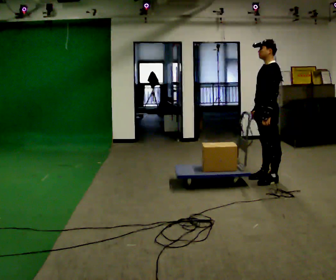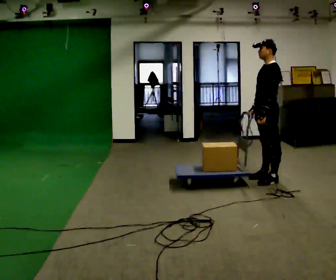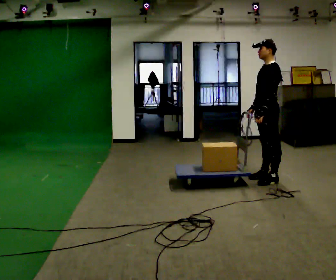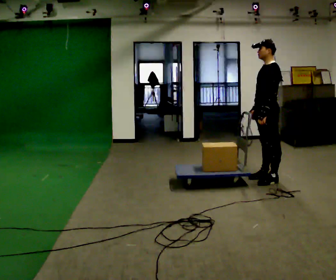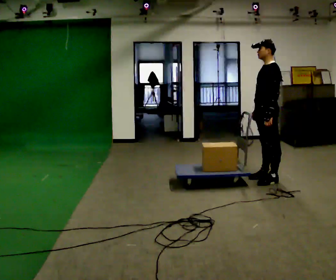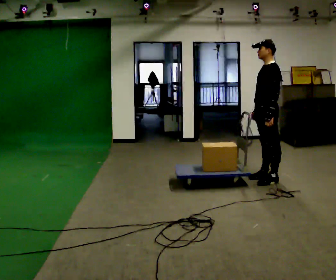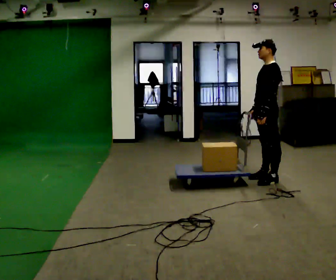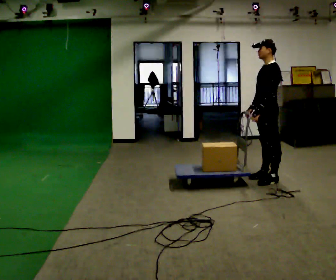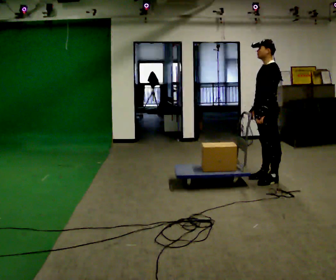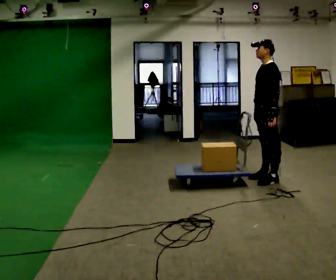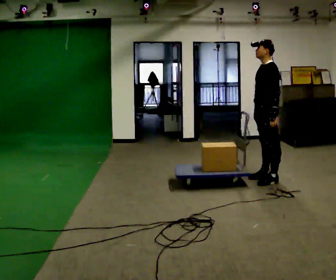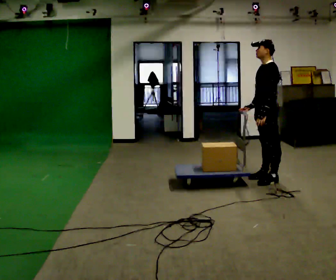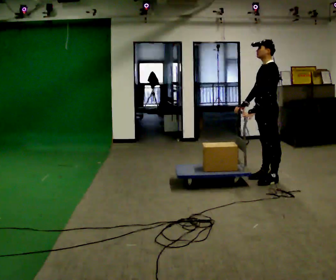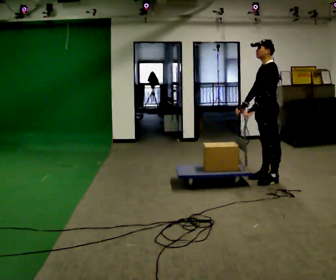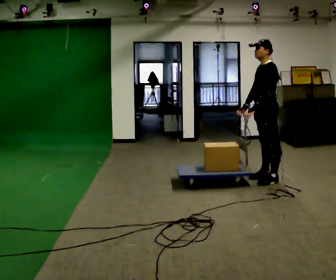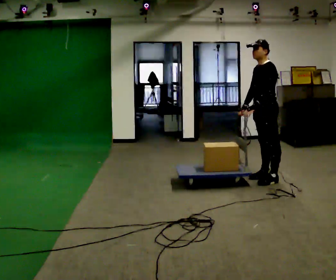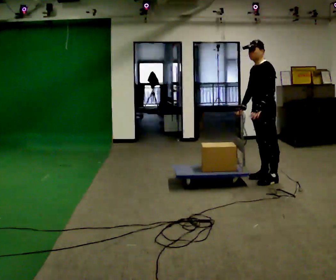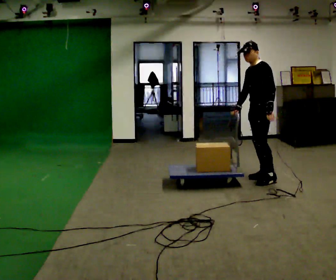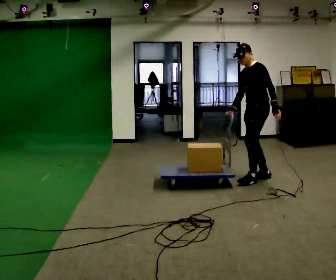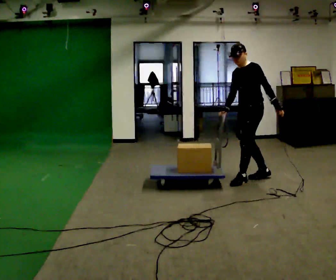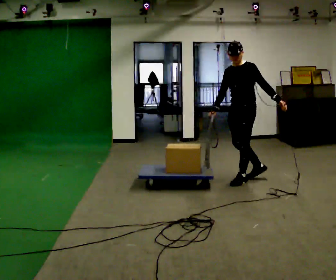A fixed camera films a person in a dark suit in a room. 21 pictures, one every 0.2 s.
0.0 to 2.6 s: The person moves a little, or ends about where they began.
2.6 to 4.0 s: Seen from above the body turns counterclockwise, about 30 degrees: to their left, with its near side sliding to the right. In the picture they go to the left, about 0.25 m in 2 steps, which for them is forward.
The film runs backward here.
